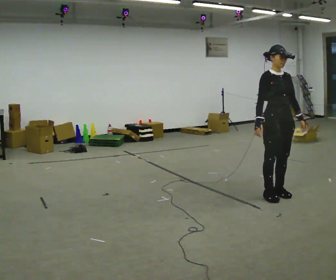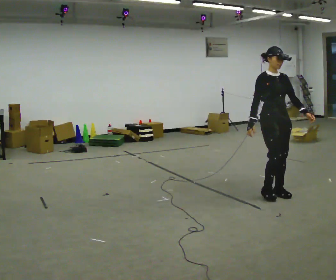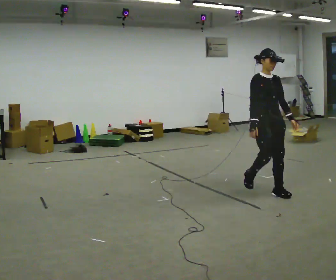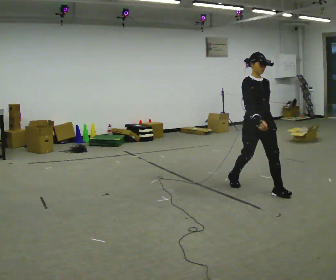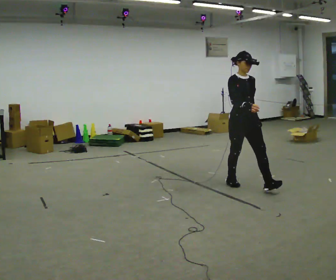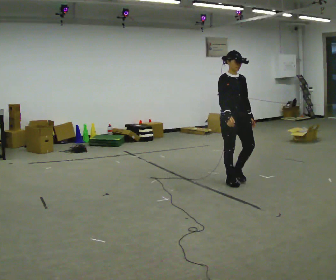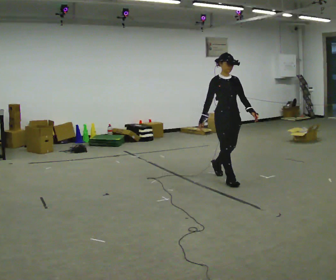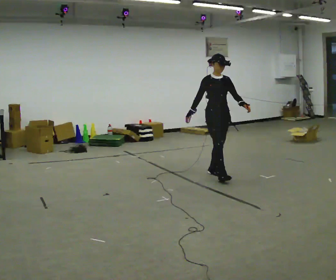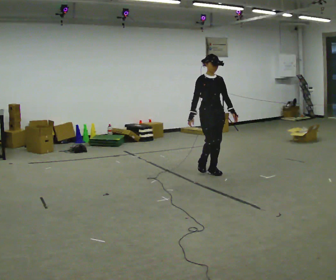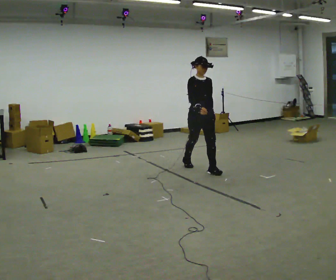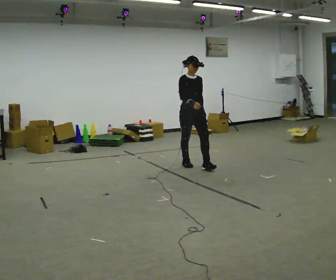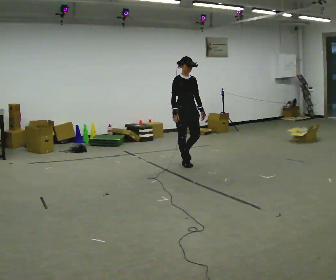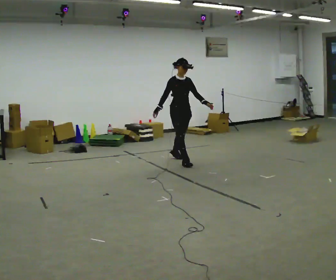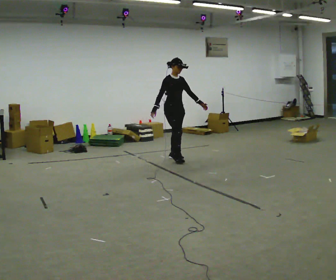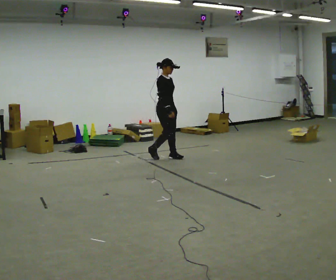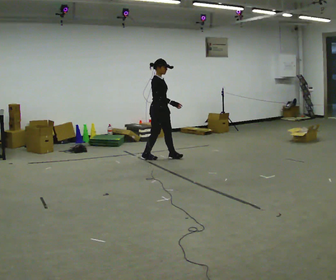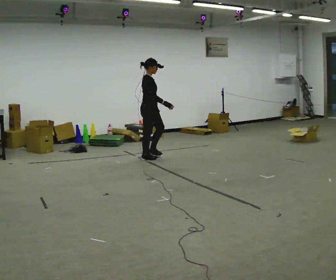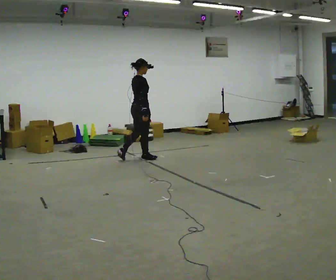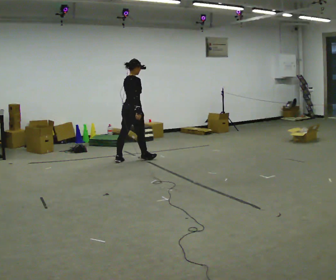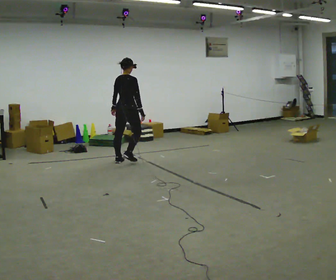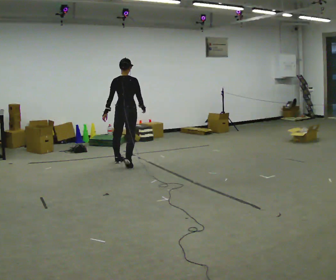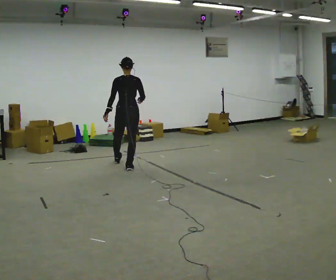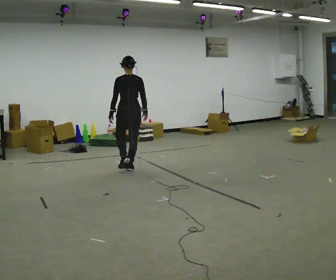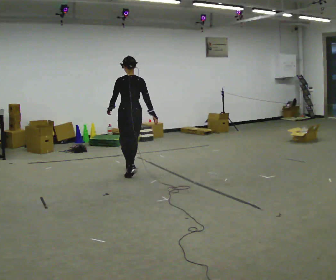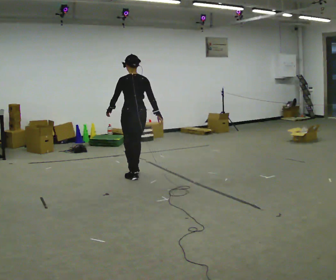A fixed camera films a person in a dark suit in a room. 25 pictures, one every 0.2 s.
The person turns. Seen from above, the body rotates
counterclockwise.
The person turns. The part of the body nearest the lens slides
to the right.
0.0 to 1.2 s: In the picture they go away from the camera and to the left, about 1 m in 2 steps, which for them is backward.
1.2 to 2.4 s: In the picture they go away from the camera and to the left, about 1 m in 2 steps, which for them is backward.
2.4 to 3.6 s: Seen from above the body turns counterclockwise, about 90 degrees: to their left, with its near side sliding to the right. In the picture they go to the left, about 0.5 m in 2 steps.
3.6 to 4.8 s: The part of the body nearest the lens slides to the right as the person turns to their left by about 75 degrees. In the picture they go toward the camera, about 1 m in 3 steps.
The film runs backward here.
